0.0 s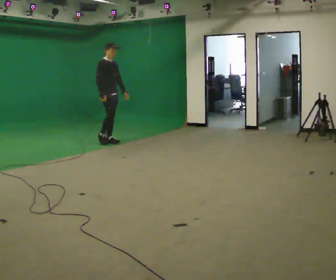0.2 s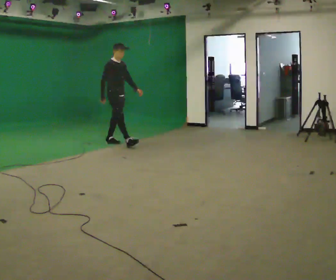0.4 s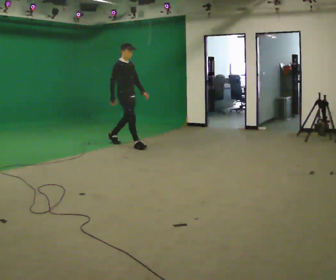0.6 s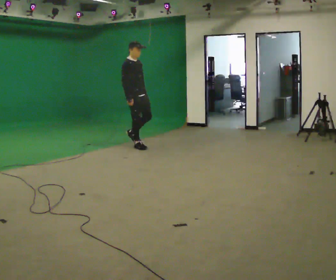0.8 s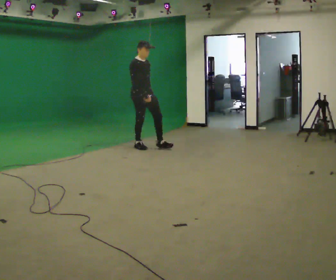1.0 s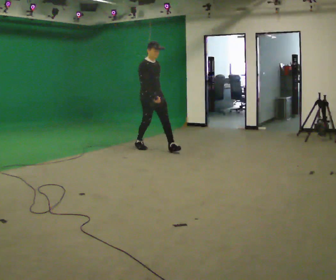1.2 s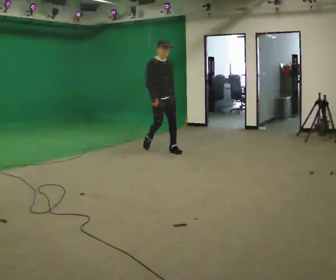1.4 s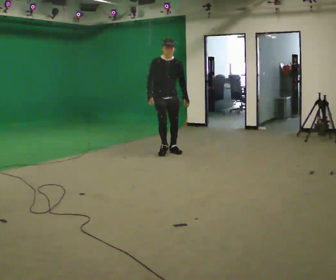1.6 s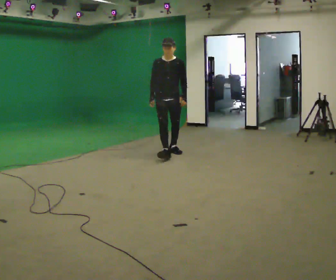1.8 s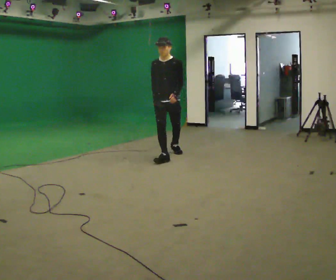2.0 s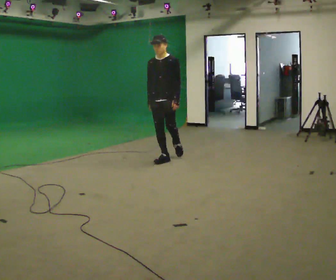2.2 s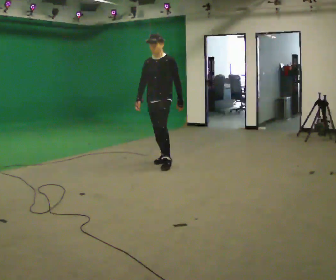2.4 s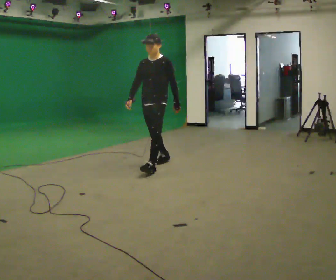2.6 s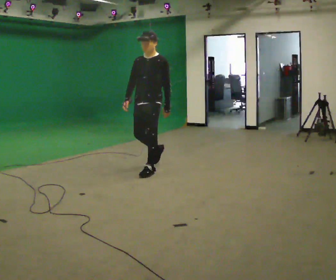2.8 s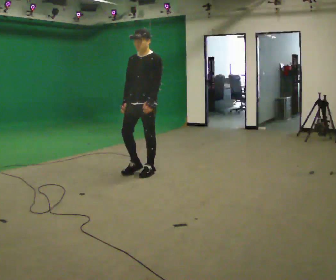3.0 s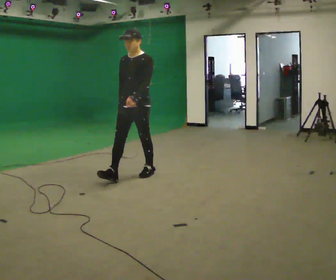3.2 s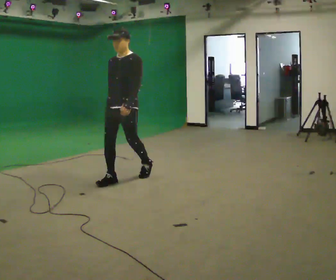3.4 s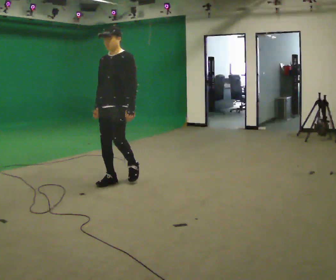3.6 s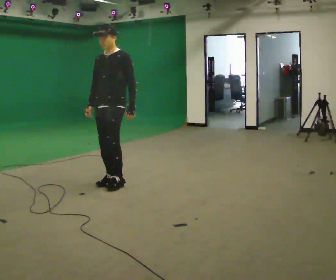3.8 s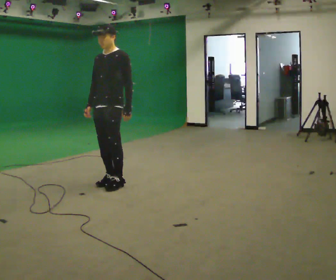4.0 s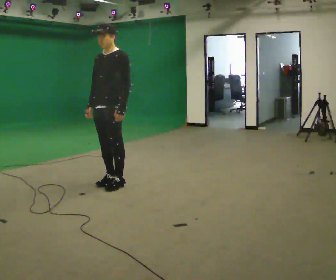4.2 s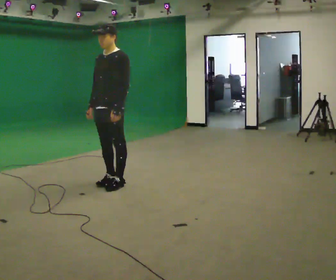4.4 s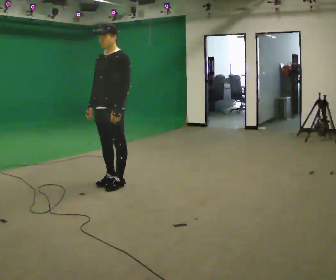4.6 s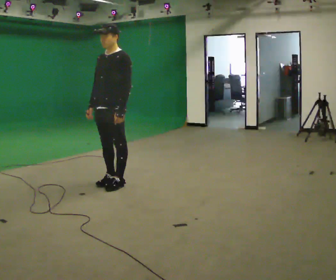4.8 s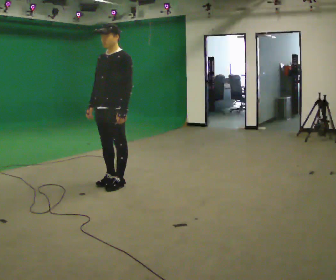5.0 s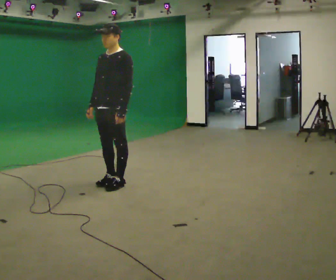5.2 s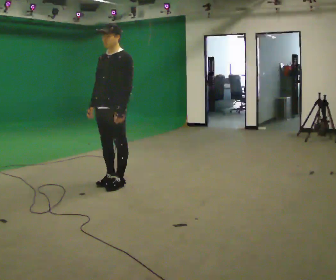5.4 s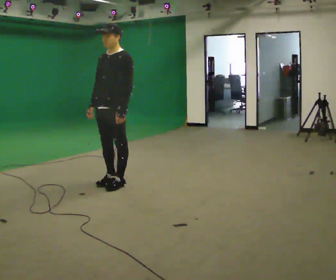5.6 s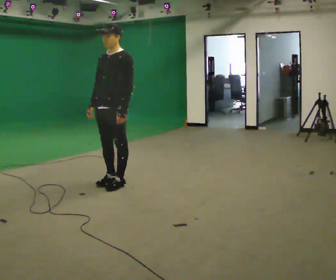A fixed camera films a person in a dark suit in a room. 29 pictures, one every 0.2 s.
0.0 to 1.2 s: The part of the body nearest the lens slides to the left as the person turns to their right by about 30 degrees. In the picture they go to the right and toward the camera, about 1 m in 2 steps, which for them is forward.
1.2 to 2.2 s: The person turns about 60 degrees to their right, clockwise seen from above, so the part of the body nearest the lens slides to the left. In the picture they go toward the camera, about 0.5 m in 1 step.
2.2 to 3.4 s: In the picture they go toward the camera and to the left, about 1 m in 2 steps, which for them is forward.
3.4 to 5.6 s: The person moves a little, or ends about where they began.
The film runs forward here.
